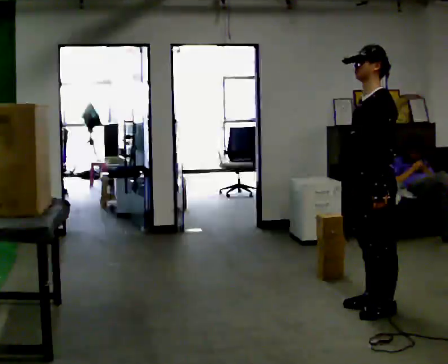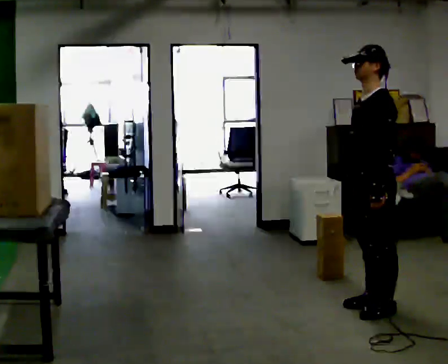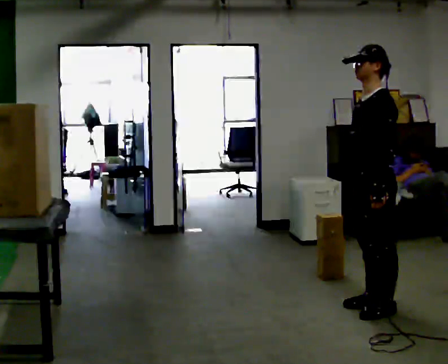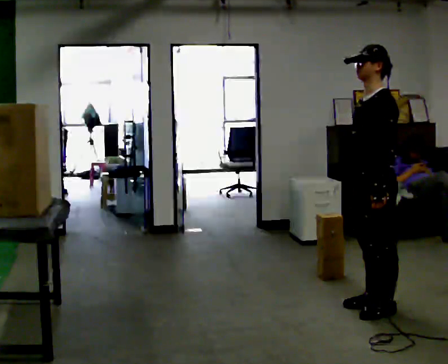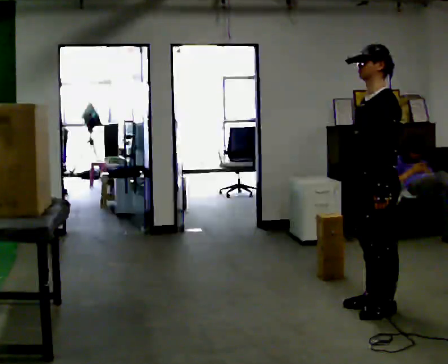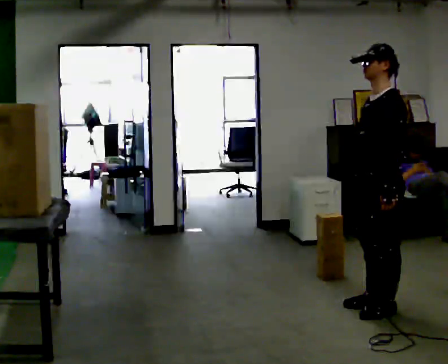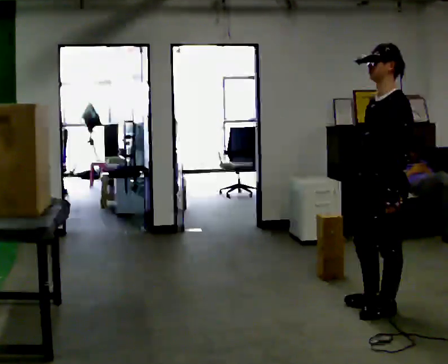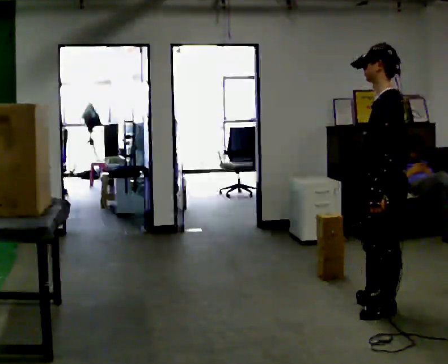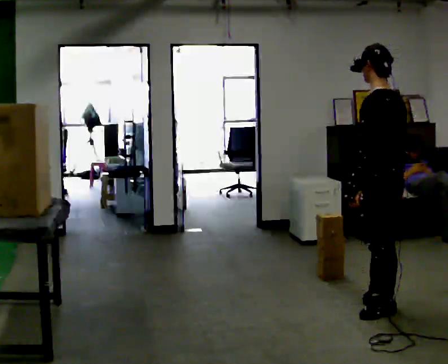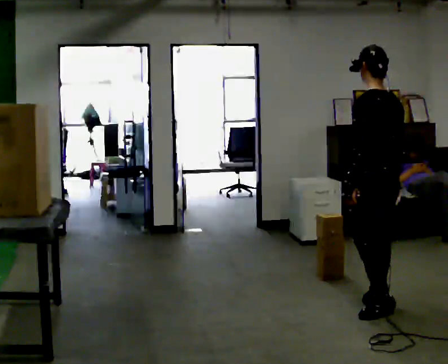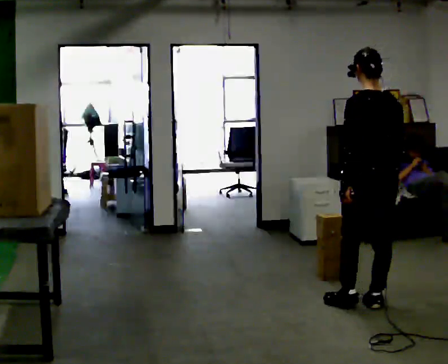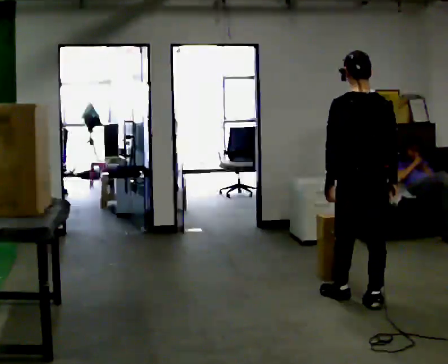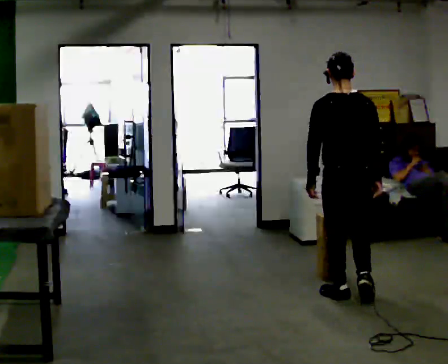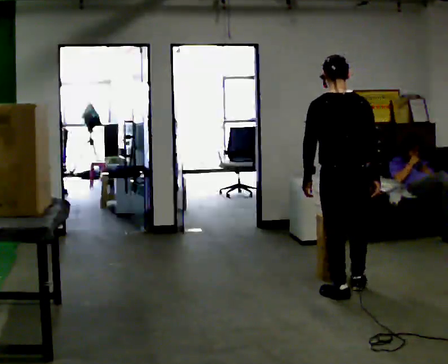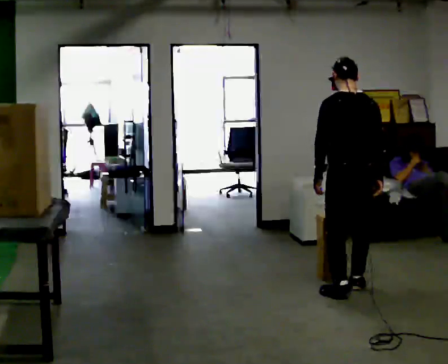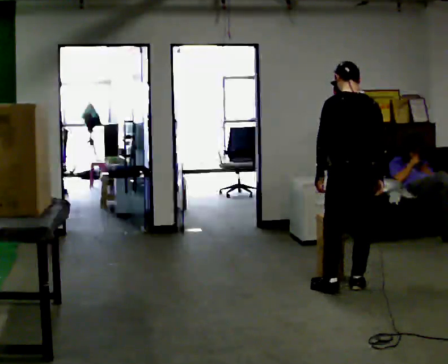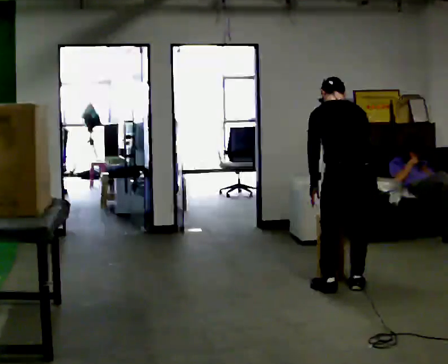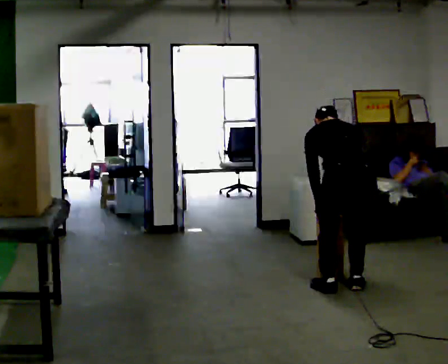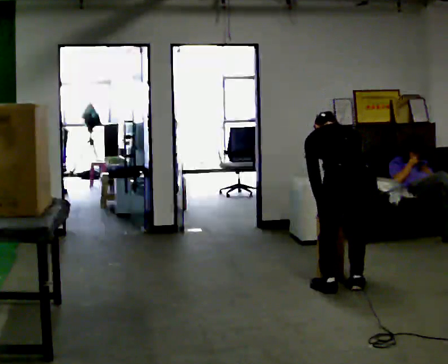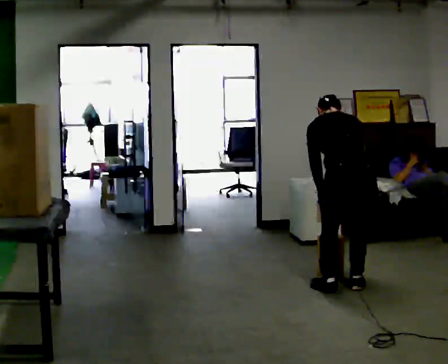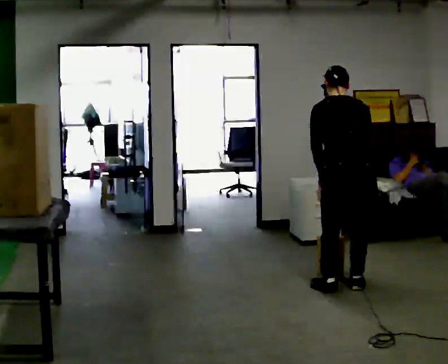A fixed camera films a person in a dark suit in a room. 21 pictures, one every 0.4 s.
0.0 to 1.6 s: The person keeps their place and pose.
1.6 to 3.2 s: The part of the body nearest the lens slides to the left as the person turns to their right by about 45 degrees.
3.2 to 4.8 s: Seen from above the body turns clockwise, about 45 degrees: to their right, with its near side sliding to the left. In the picture they go away from the camera and to the left, about 0.5 m in 1 step, which for them is forward.
4.8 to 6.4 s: In the picture they go away from the camera, about 0.25 m in 2 steps, which for them is forward. The upper body tips away from the camera, its near side rolling upward, as they bend forward.
6.4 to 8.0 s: The person moves a little, or ends about where they began.
The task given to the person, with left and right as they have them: Take an object from the lowest shelf, carry it across the room, and place it on the highest shelf you can comfortably reach. Keep going until the operator says stop; one object at a time, and do not rush between trips.
The film runs forward here.
